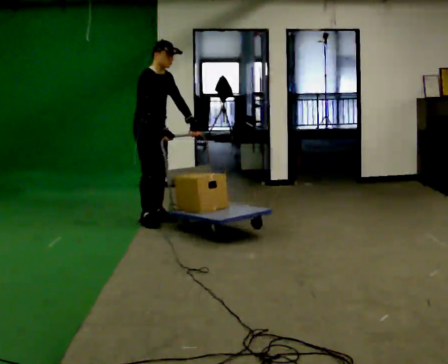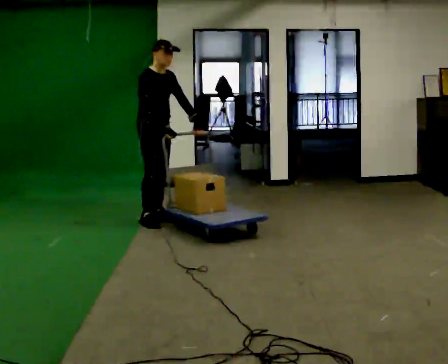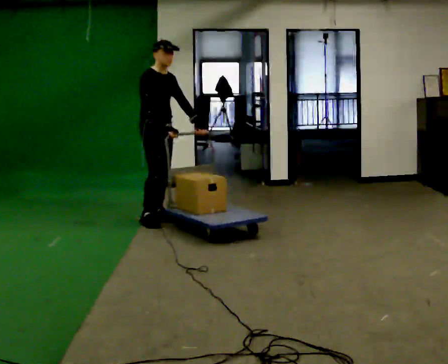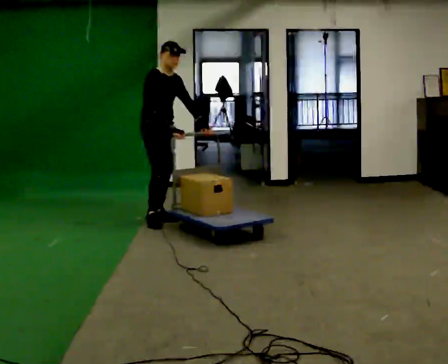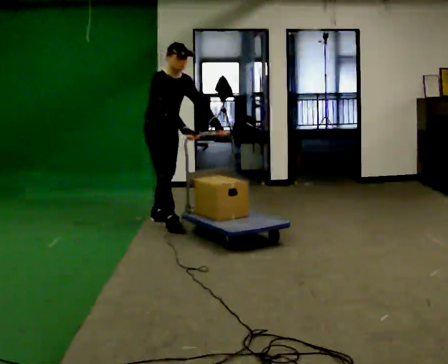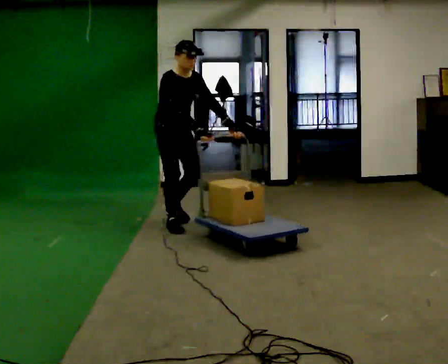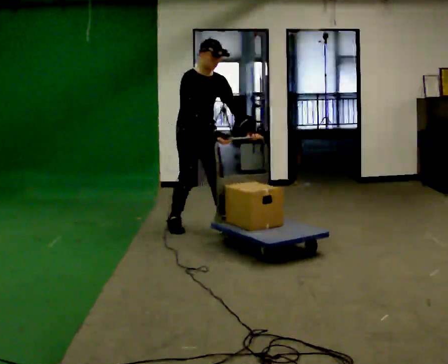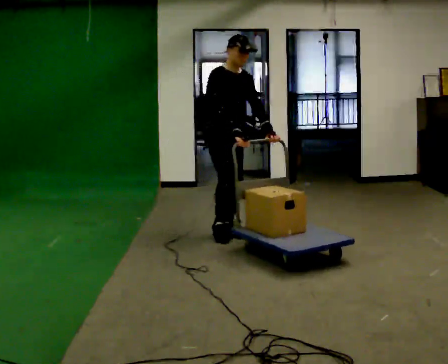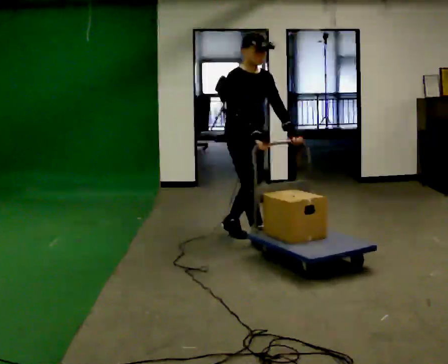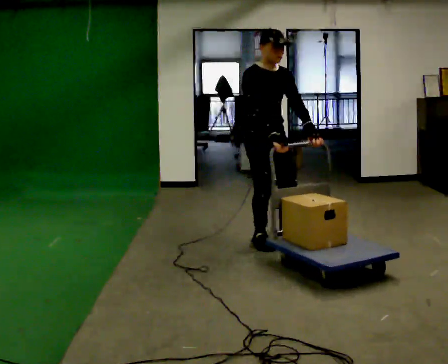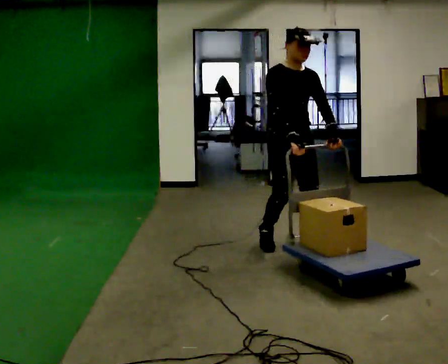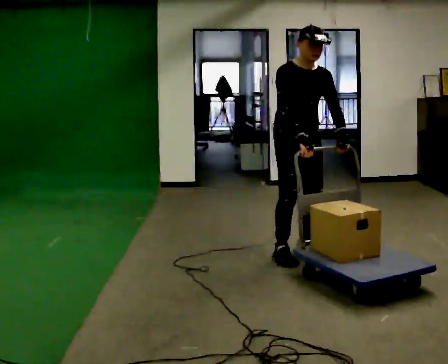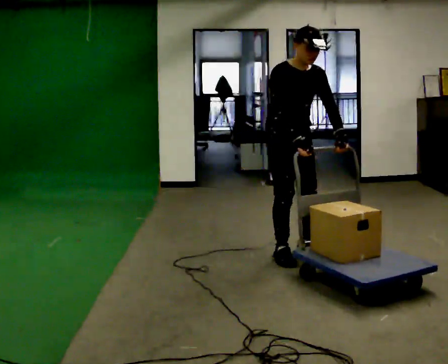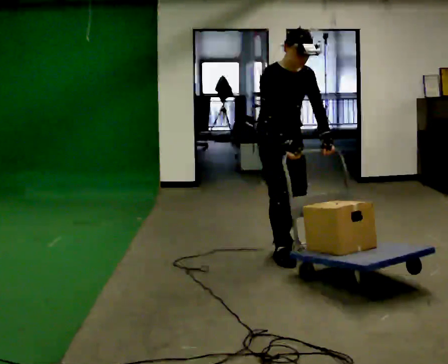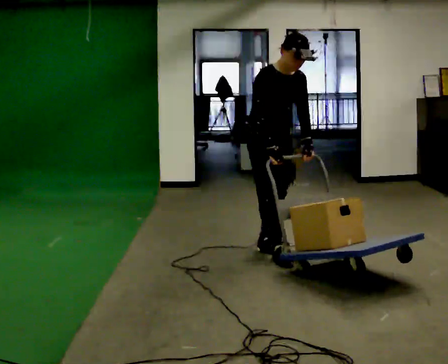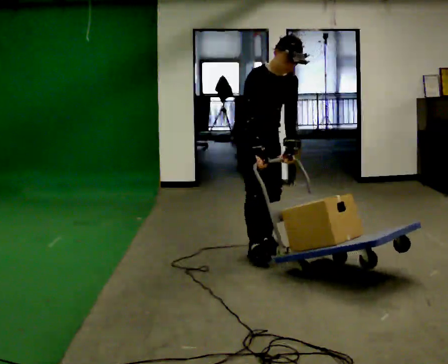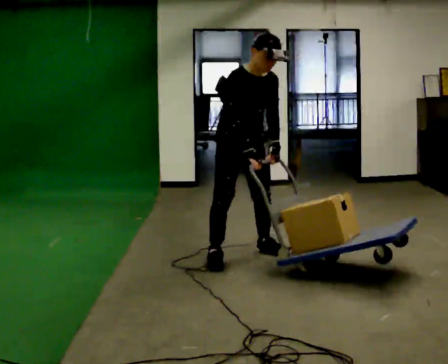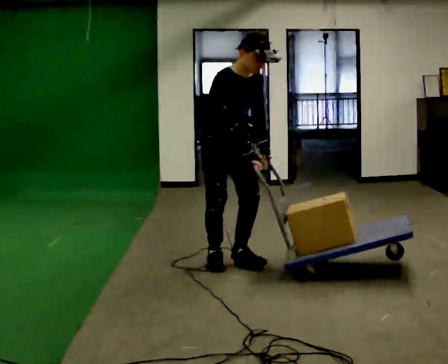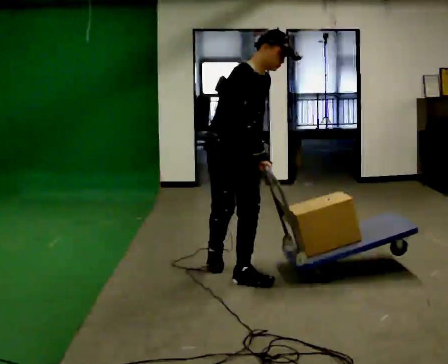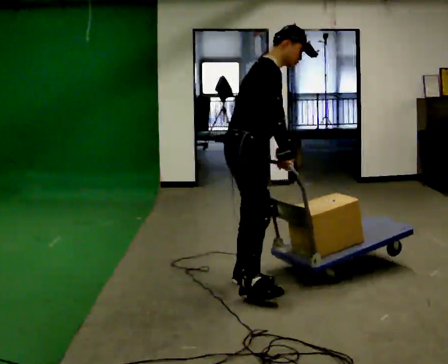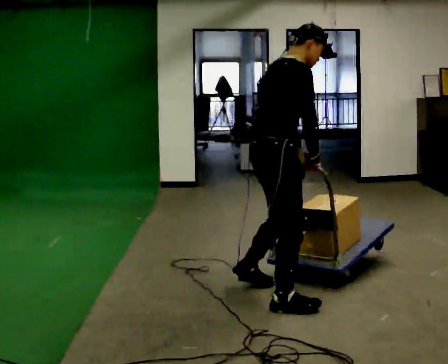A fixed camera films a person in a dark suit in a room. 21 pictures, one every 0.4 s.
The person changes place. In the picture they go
toward the camera.
0.0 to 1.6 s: The person moves a little, or ends about where they began.
1.6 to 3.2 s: In the picture they go to the right and toward the camera, about 1 m in 2 steps, which for them is forward.
3.2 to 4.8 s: In the picture they go toward the camera and to the right, about 0.5 m in 2 steps, which for them is forward.
4.8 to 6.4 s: In the picture they go to the left, about 0.25 m in 2 steps, which for them is to their right and backward.
6.4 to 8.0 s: Seen from above the body turns counterclockwise, about 60 degrees: to their left, with its near side sliding to the right. In the picture they go toward the camera, about 1 m in 2 steps. The upper body tips away from the camera, its near side rolling upward.
The film runs forward here.
